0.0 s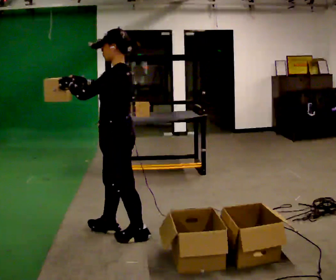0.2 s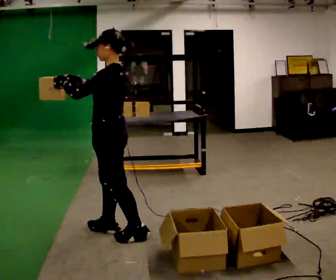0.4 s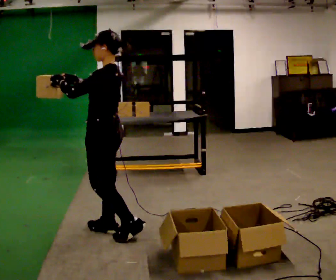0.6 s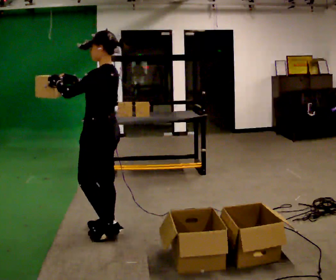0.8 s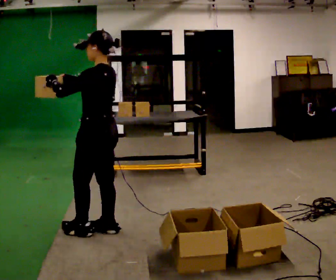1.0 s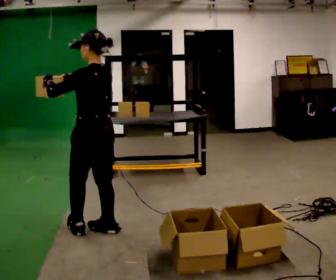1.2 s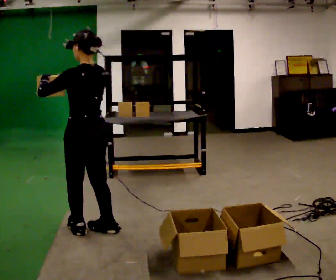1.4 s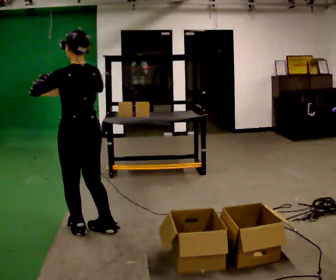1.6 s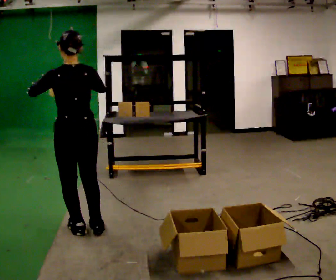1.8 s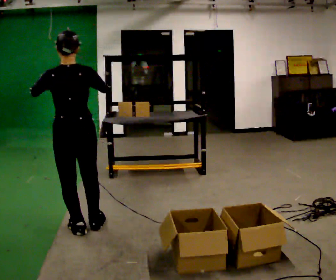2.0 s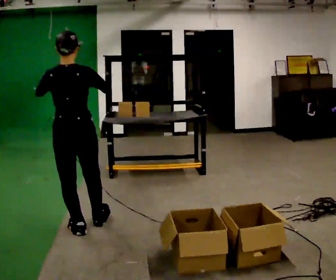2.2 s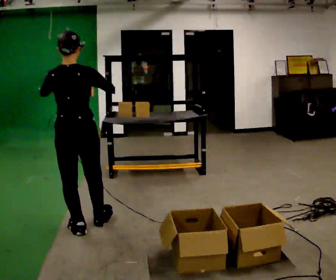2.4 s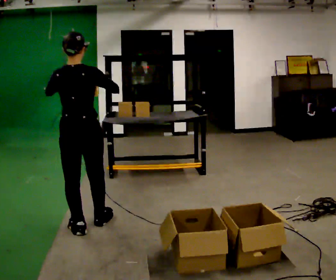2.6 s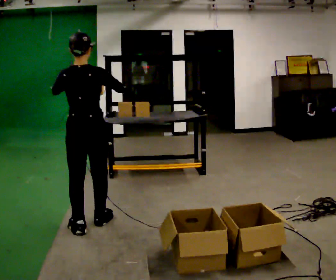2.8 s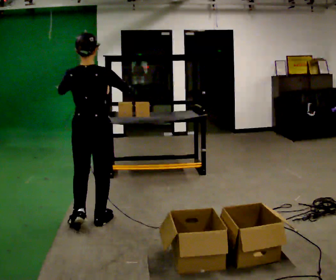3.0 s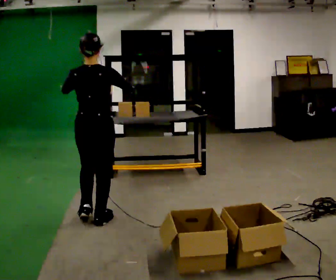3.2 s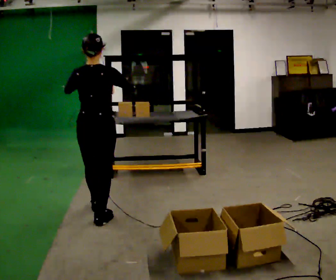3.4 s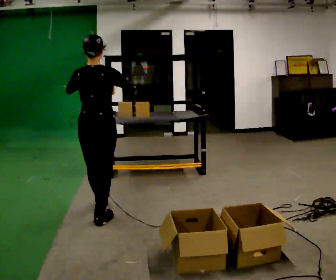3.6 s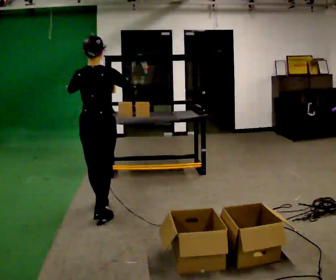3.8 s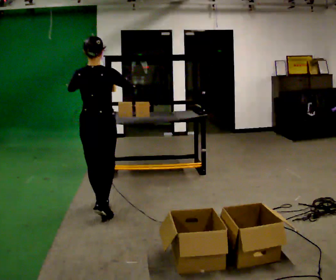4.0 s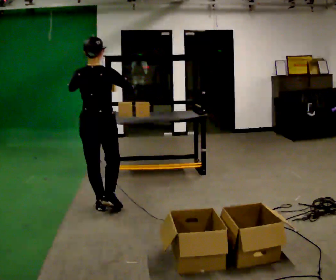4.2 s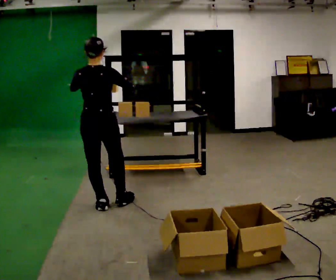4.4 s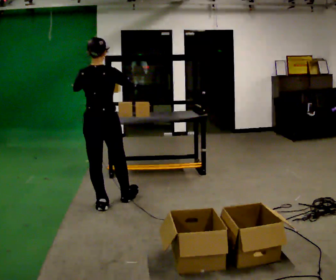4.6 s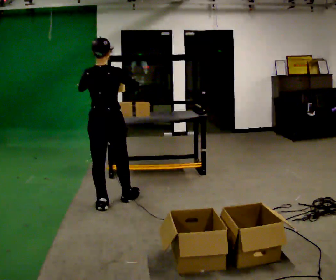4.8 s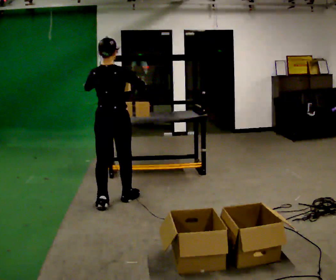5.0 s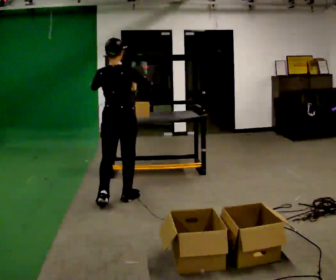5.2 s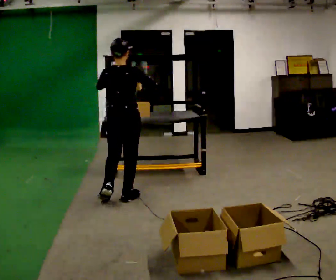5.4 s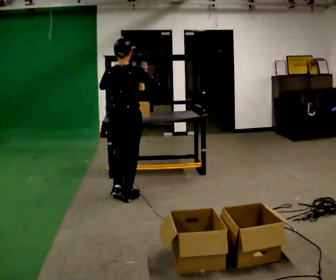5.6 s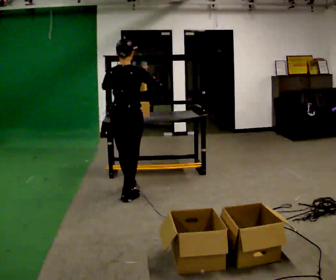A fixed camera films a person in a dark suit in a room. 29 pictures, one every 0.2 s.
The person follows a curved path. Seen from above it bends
clockwise.
The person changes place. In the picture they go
away from the camera.
0.0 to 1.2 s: The person turns about 45 degrees to their right, clockwise seen from above, so the part of the body nearest the lens slides to the left. In the picture they go to the left, about 0.25 m in 1 step, which for them is forward.
1.2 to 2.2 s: The part of the body nearest the lens slides to the left as the person turns to their right by about 45 degrees.
2.2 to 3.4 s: In the picture they go away from the camera and to the right, about 0.25 m in 1 step, which for them is forward.
3.4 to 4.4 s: In the picture they go away from the camera, about 0.25 m in 1 step, which for them is forward.
4.4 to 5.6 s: In the picture they go to the right and away from the camera, about 0.25 m, which for them is forward and to their right.
The film runs forward here.
